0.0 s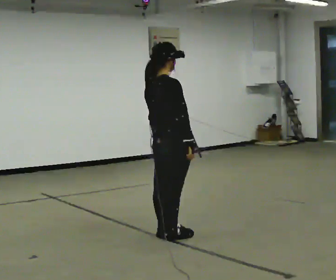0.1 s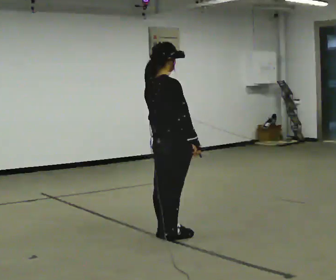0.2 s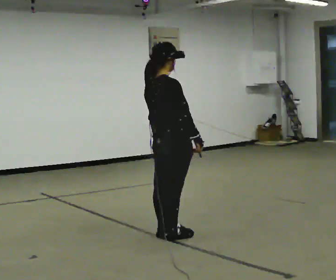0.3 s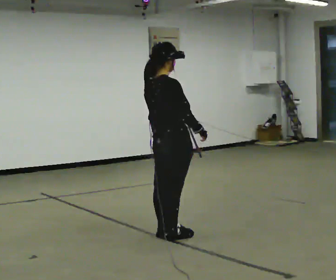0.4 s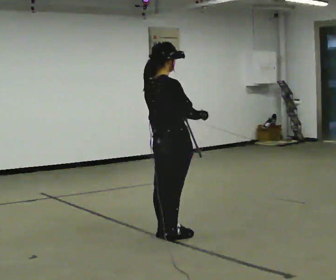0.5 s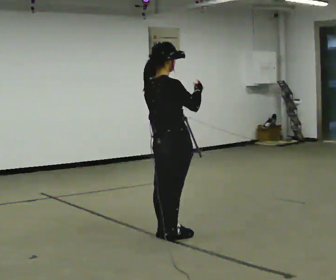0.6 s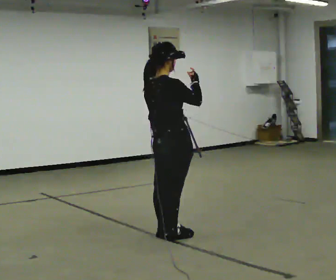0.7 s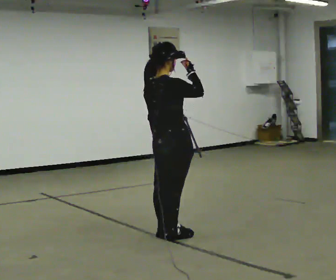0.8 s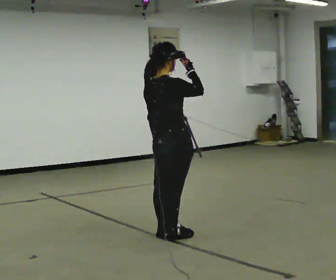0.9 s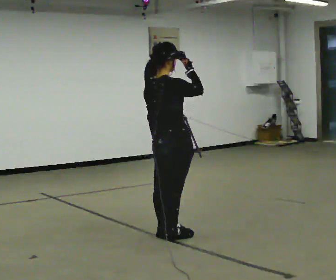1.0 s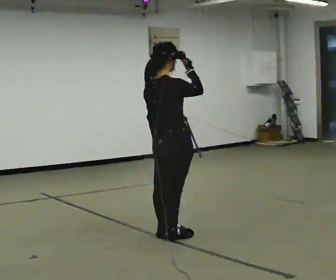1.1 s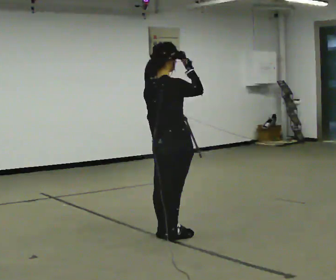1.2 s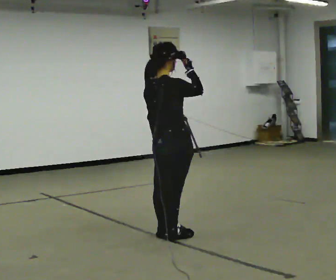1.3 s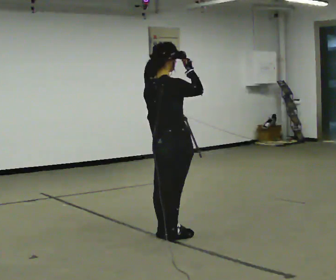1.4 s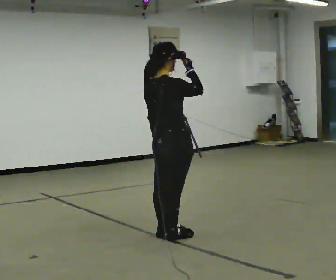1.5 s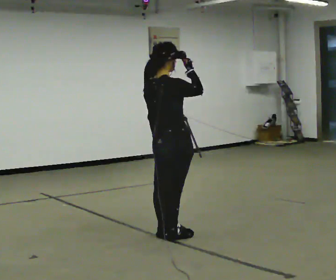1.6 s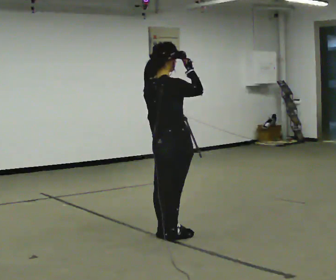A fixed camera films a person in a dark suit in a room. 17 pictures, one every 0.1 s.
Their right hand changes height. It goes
upward.
0.0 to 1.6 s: In the picture their right hand goes upward.
The film runs forward here.
